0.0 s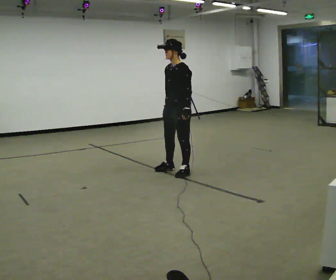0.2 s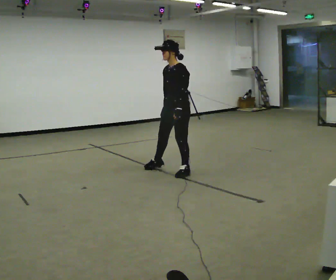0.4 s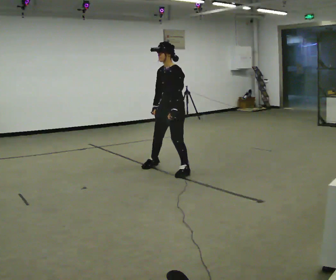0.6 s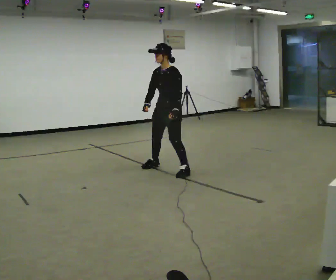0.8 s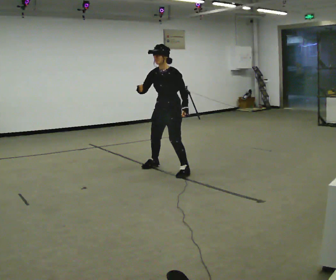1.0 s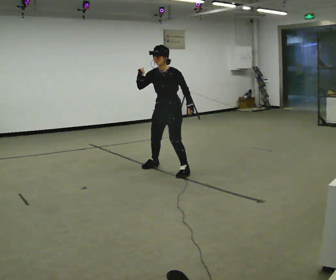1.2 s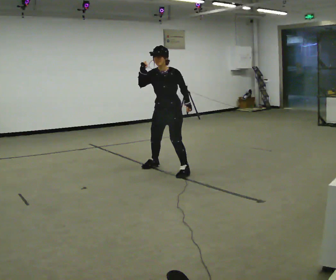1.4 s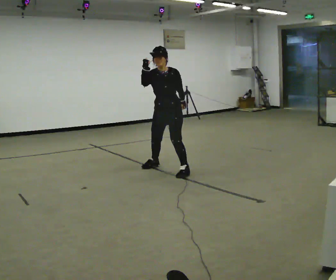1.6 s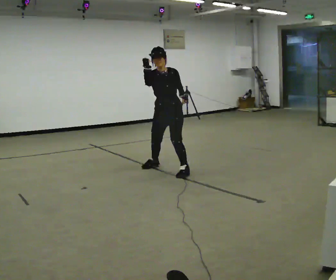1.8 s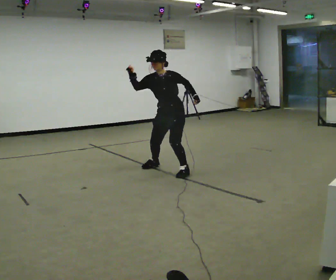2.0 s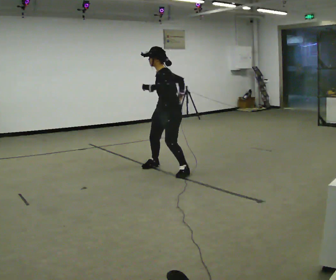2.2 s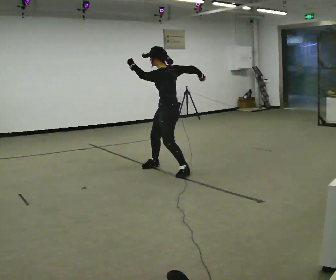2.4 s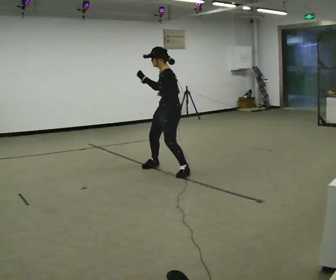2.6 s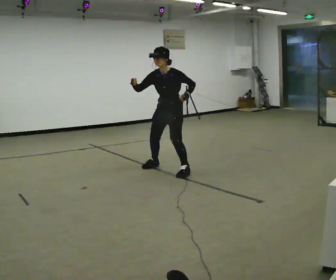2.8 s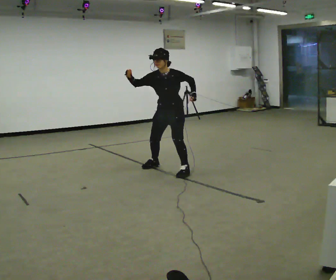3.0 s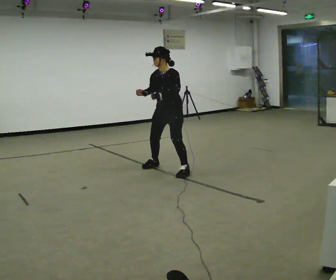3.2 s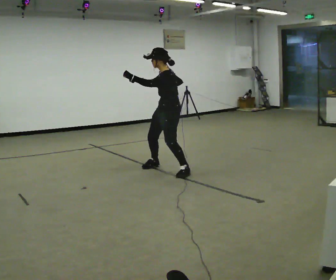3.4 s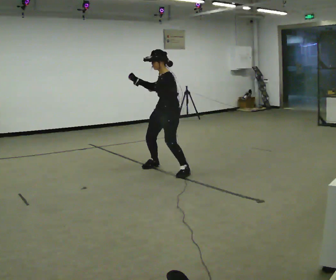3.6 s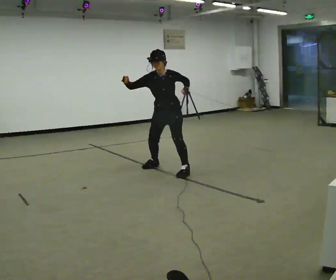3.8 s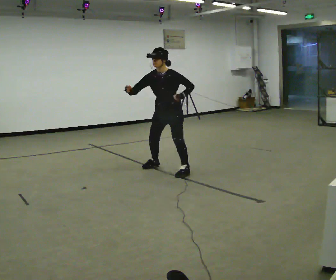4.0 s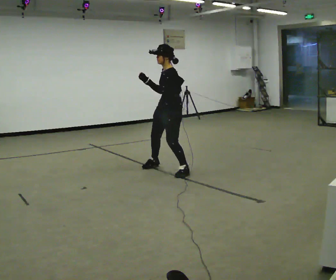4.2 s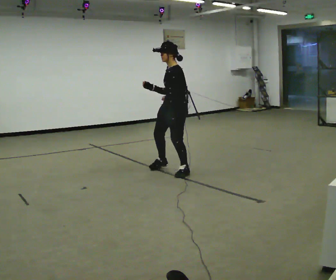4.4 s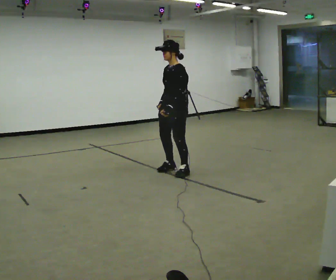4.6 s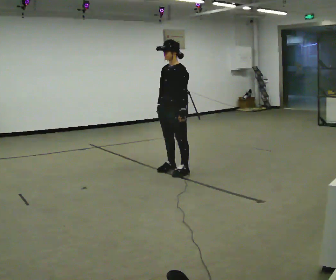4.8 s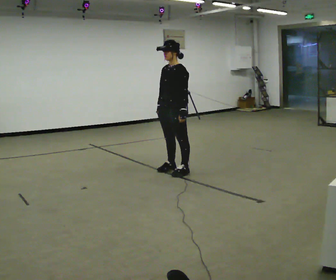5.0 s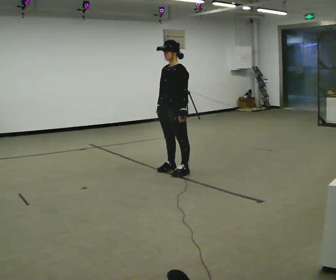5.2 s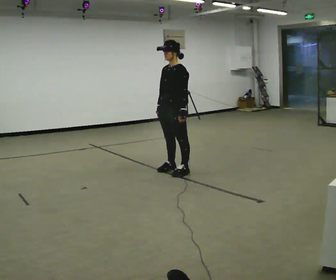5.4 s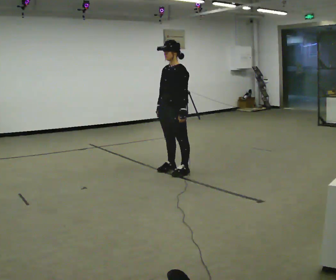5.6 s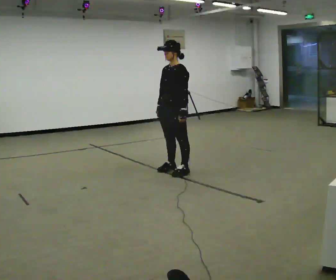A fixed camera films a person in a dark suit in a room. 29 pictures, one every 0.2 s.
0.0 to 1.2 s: The person turns about 30 degrees to their left, counterclockwise seen from above, so the part of the body nearest the lens slides to the right. In the picture their right hand goes upward.
1.2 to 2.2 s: The part of the body nearest the lens slides to the left as the person turns to their right by about 75 degrees. In the picture their left hand goes to the left and upward.
2.2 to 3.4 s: The person turns about 30 degrees to their left, counterclockwise seen from above, so the part of the body nearest the lens slides to the right. In the picture their right hand goes to the left.
3.4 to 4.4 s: In the picture their left hand goes to the right and downward.
4.4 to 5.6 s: The person moves a little, or ends about where they began.
The film runs backward here.
